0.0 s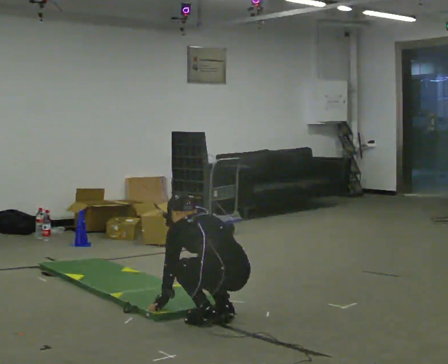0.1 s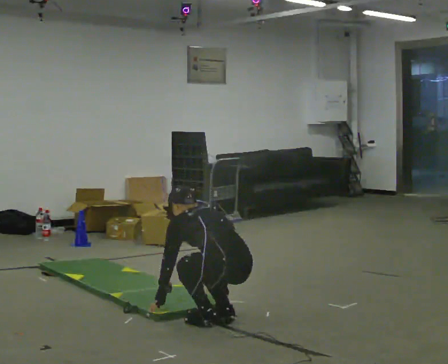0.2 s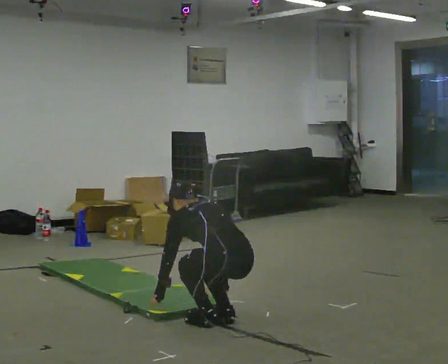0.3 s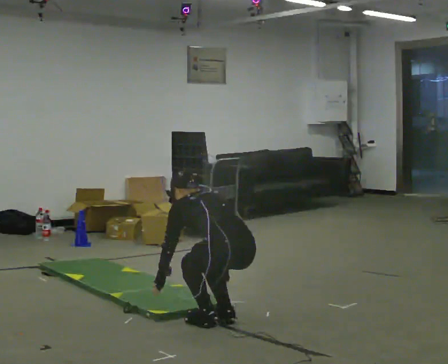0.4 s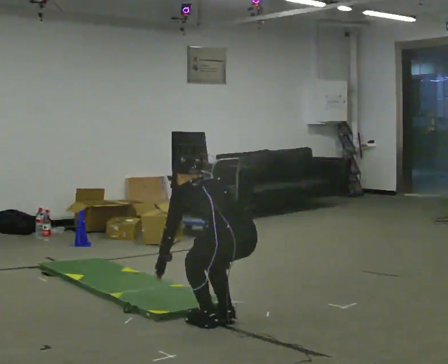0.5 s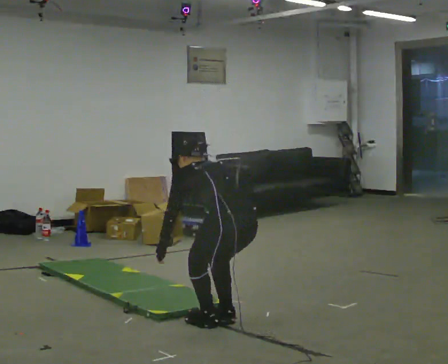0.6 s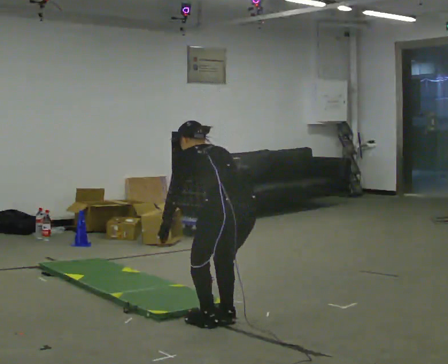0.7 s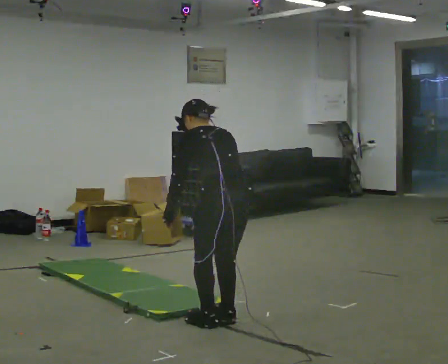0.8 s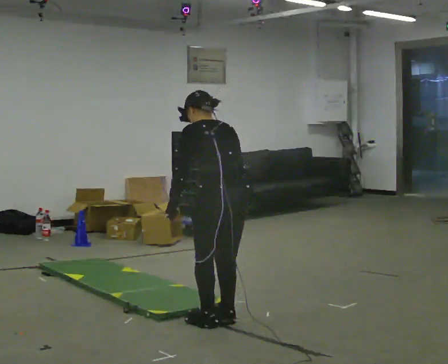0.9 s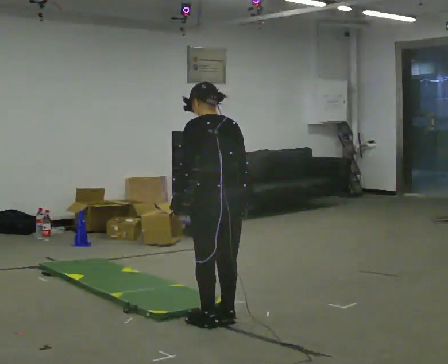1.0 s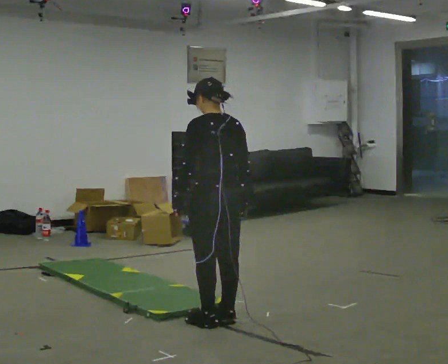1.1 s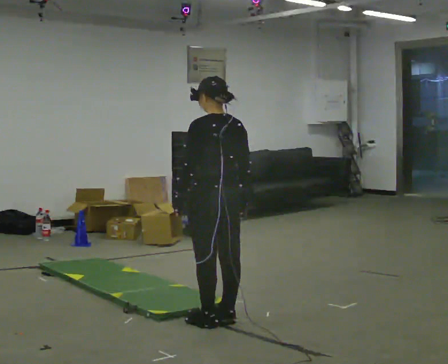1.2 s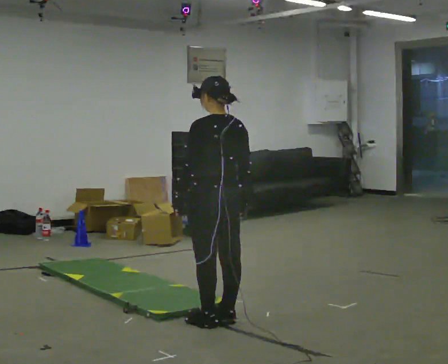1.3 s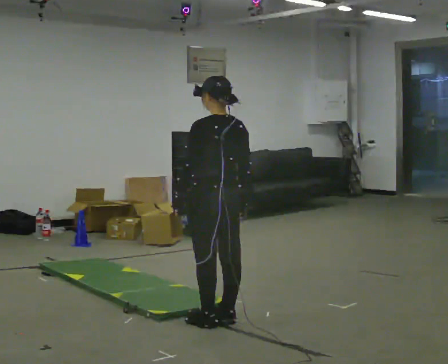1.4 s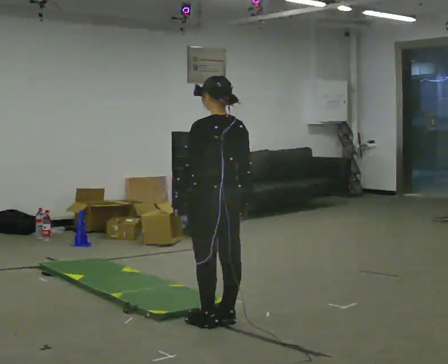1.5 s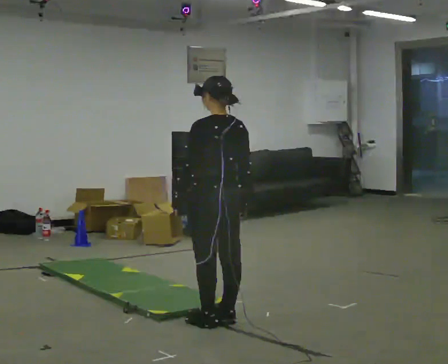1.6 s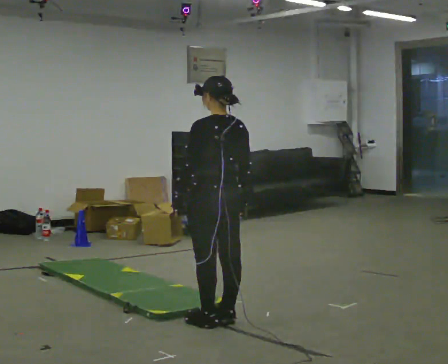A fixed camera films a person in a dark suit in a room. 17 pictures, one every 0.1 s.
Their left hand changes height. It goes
upward.
Their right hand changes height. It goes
upward.
0.0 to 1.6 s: The upper body goes upward. The upper body tips toward the camera, its near side rolling downward, as they lean back or straighten. In the picture their left hand goes upward.
The film runs backward here.
